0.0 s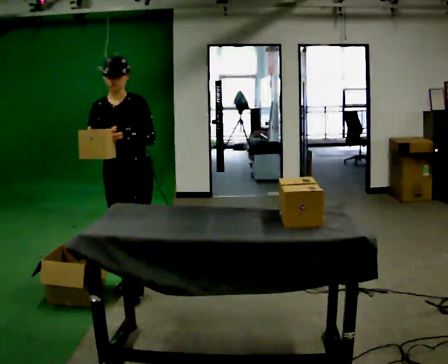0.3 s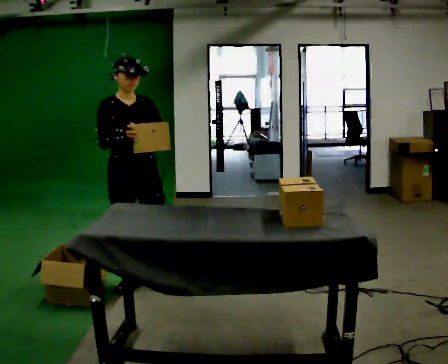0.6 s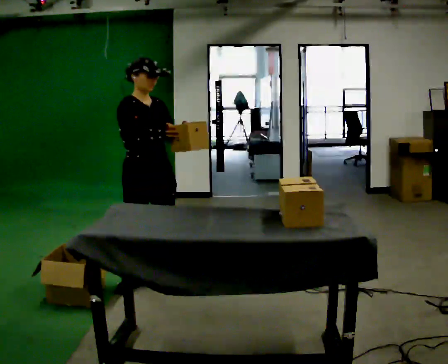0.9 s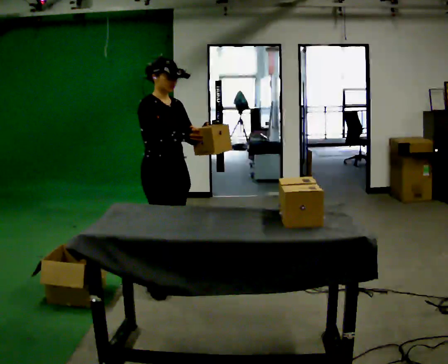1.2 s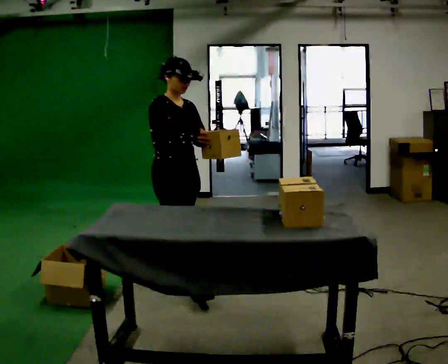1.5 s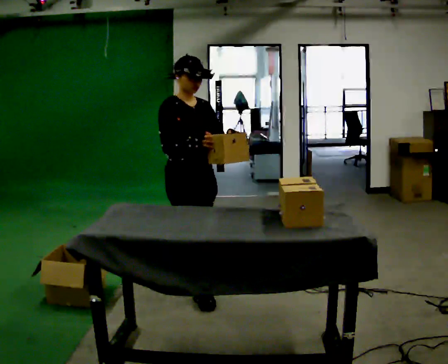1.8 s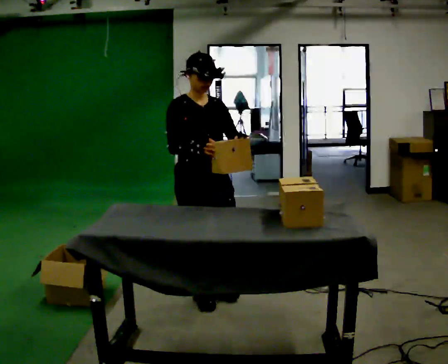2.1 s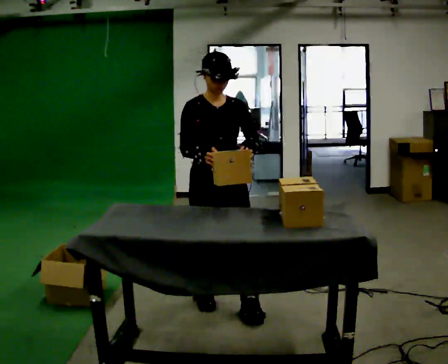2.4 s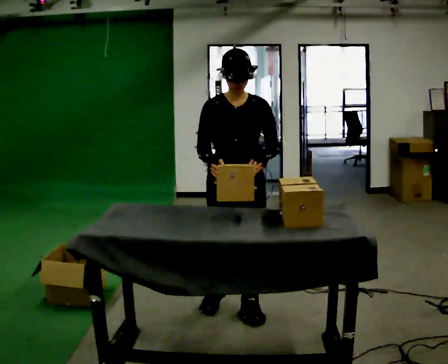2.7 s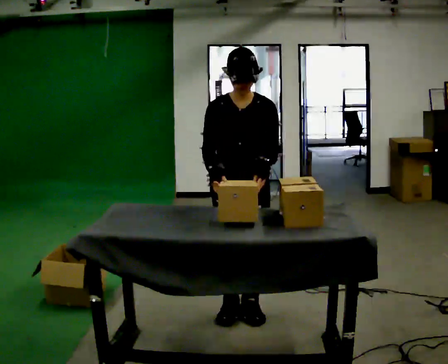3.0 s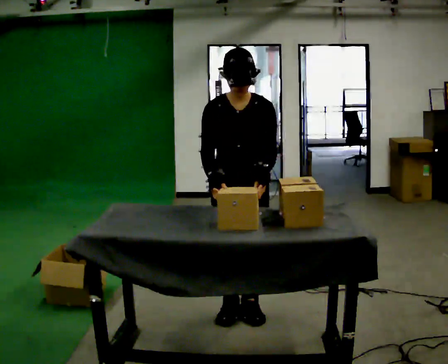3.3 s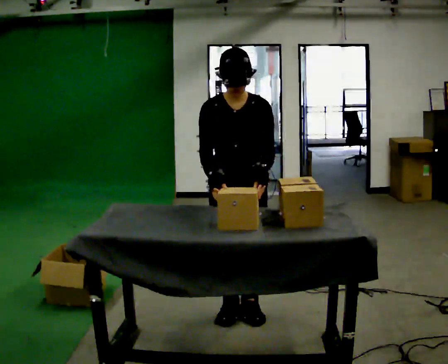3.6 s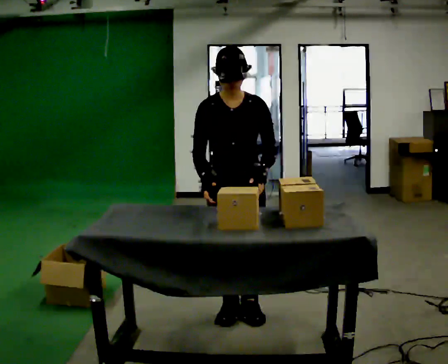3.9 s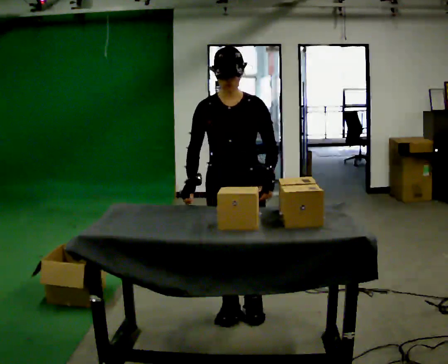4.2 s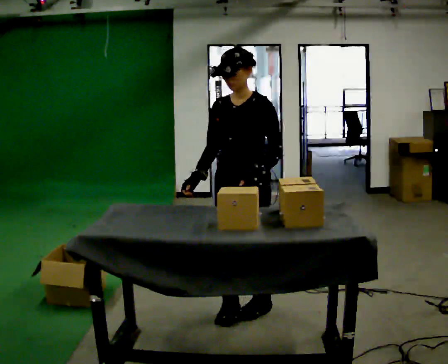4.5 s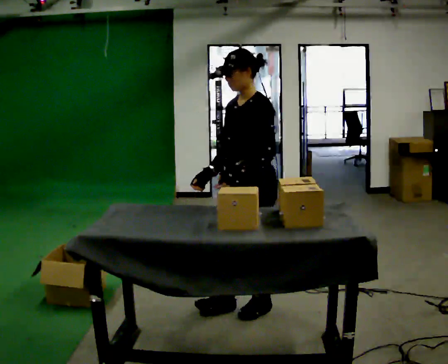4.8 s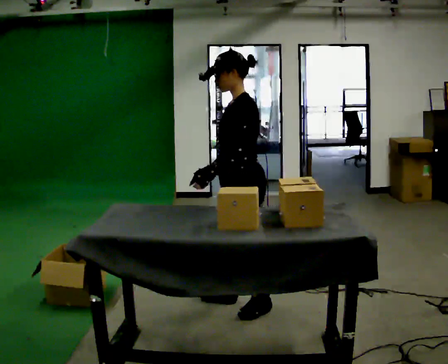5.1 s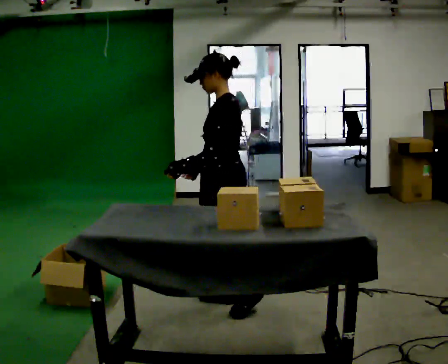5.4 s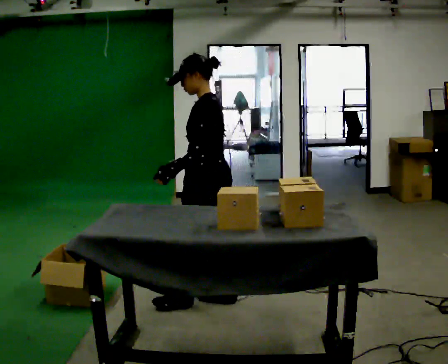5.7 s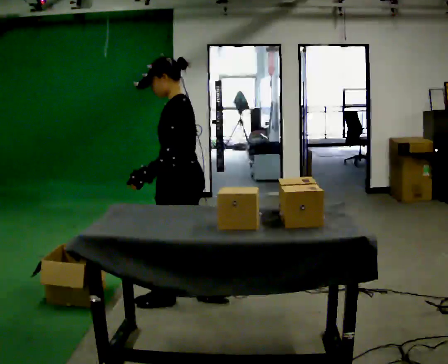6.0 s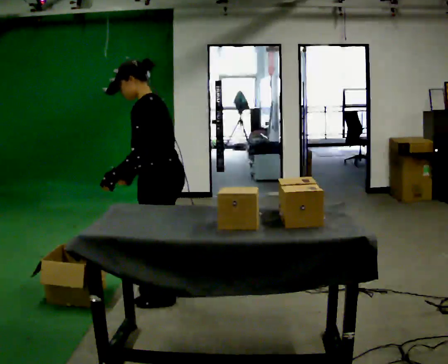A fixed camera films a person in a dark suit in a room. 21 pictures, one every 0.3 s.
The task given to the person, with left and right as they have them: Carry each object across the room and drop it into the container on the floor, then walk back for the next one. Keep going until the operator says stop; one object at a time, and do not rush between trips.
0.0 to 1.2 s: The person turns about 60 degrees to their left, counterclockwise seen from above, so the part of the body nearest the lens slides to the right. In the picture they go to the right, about 0.25 m in 2 steps.
1.2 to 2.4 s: The person turns about 60 degrees to their right, clockwise seen from above, so the part of the body nearest the lens slides to the left. In the picture they go to the right and toward the camera, about 0.5 m in 1 step, which for them is forward.
2.4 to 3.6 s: The person moves a little, or ends about where they began.
3.6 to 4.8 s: Seen from above the body turns clockwise, about 90 degrees: to their right, with its near side sliding to the left.
4.8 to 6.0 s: In the picture they go to the left, about 0.5 m in 1 step, which for them is forward. In the picture the upper body tilts counterclockwise, shoulders to the left, as they bend forward.
The film runs forward here.
